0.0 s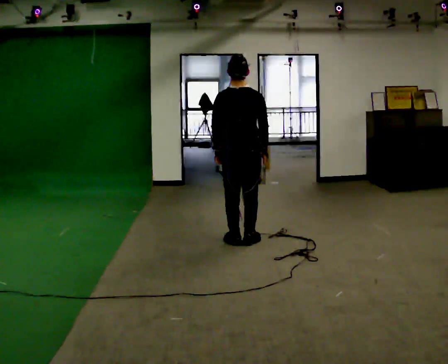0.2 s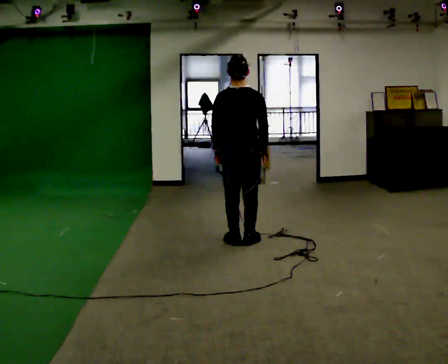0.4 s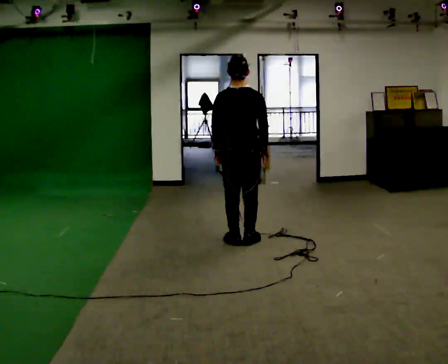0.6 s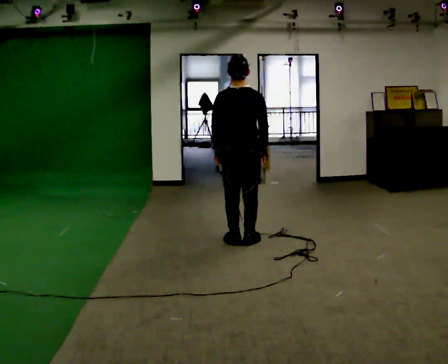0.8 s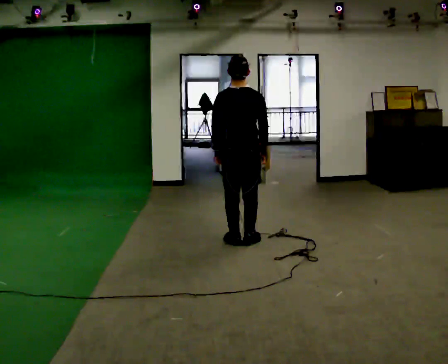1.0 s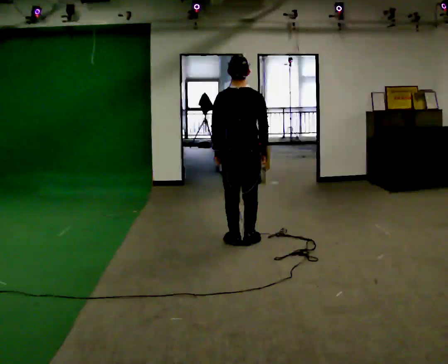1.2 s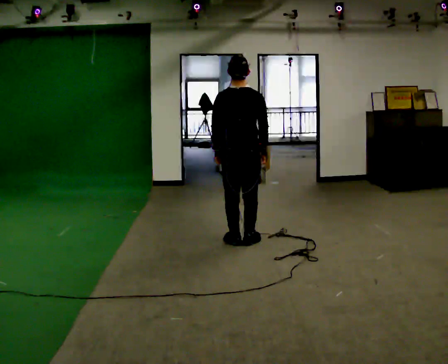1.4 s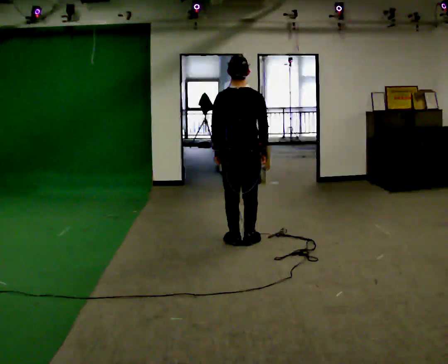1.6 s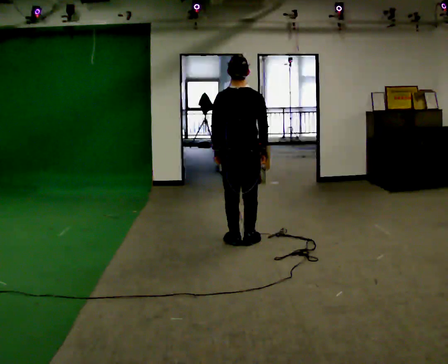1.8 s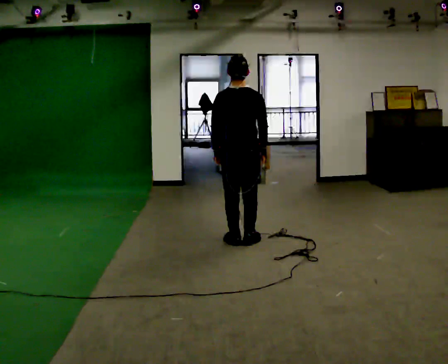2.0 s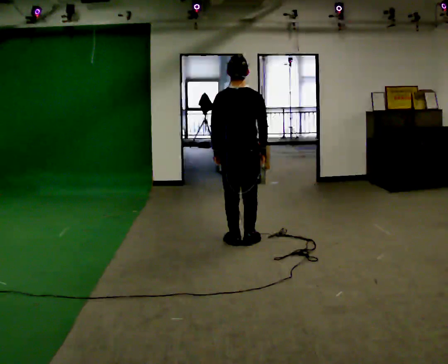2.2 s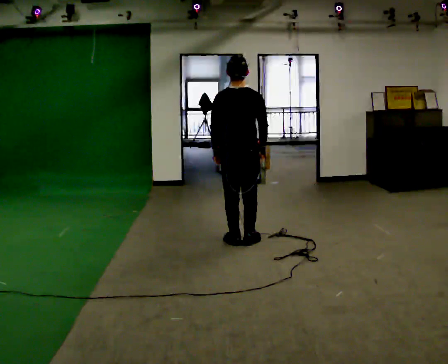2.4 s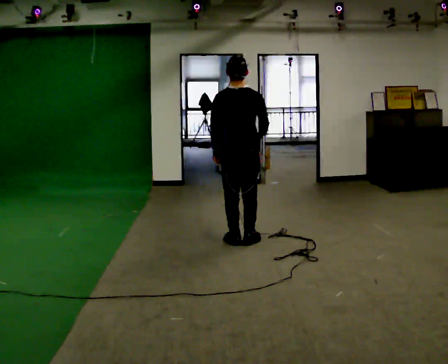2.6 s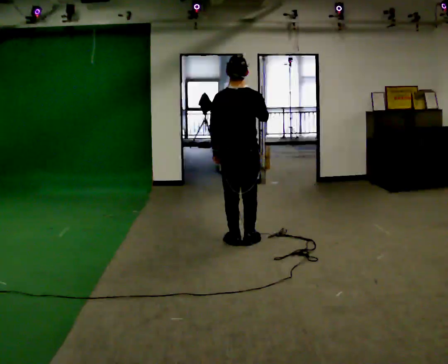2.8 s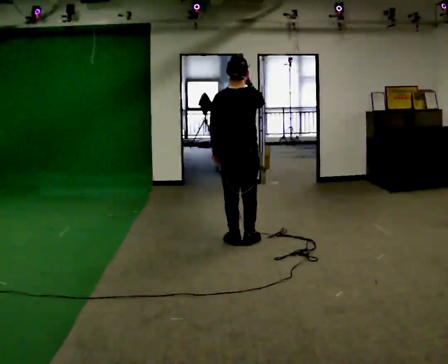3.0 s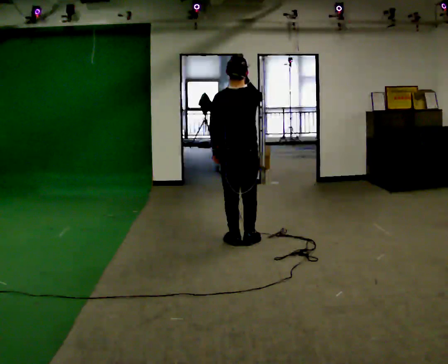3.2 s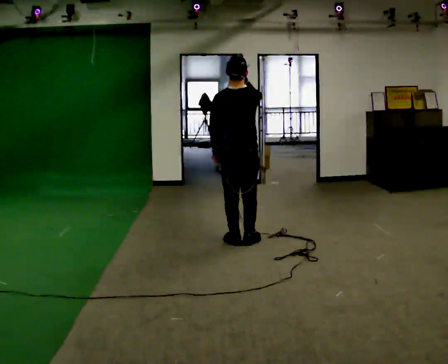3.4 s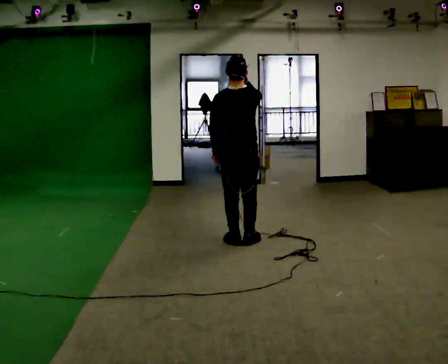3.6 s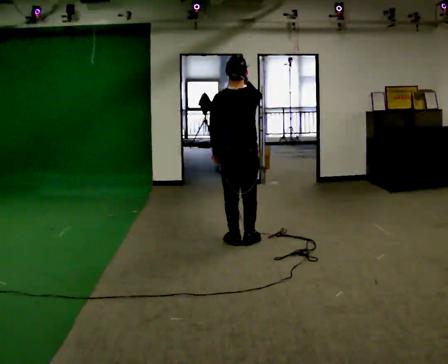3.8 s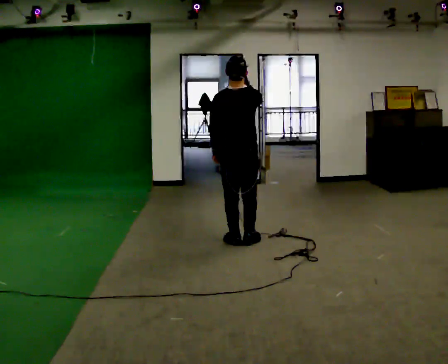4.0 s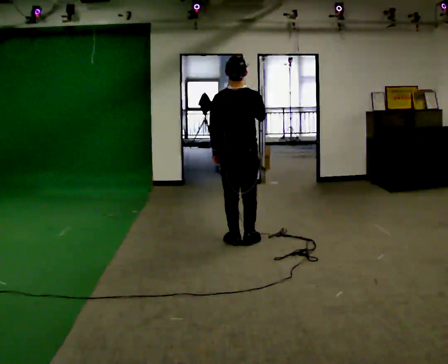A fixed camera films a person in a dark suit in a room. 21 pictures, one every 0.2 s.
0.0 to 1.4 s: The person keeps their place and pose.
1.4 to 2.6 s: In the picture their right hand goes upward.
2.6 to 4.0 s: The person moves a little, or ends about where they began.
The film runs forward here.
